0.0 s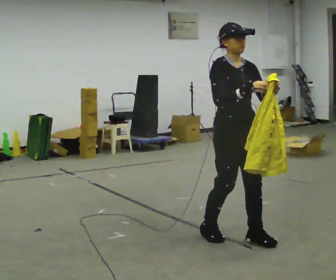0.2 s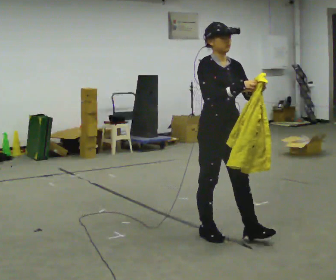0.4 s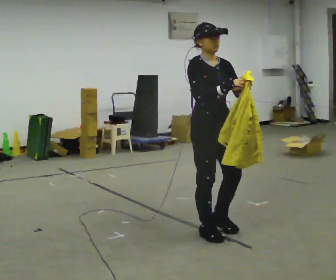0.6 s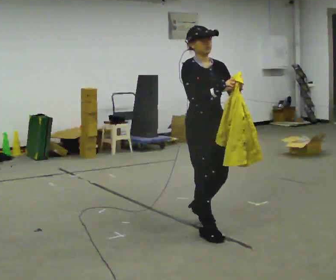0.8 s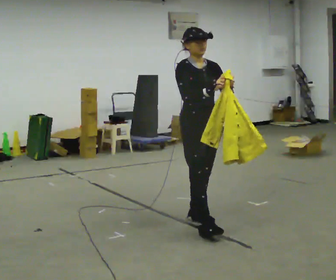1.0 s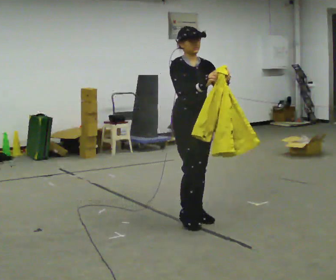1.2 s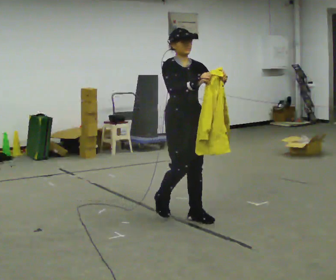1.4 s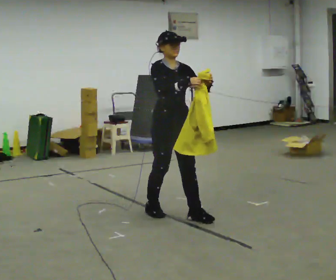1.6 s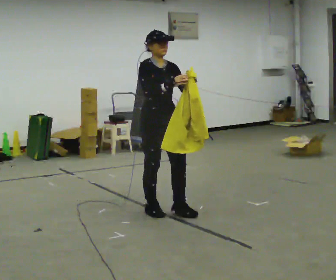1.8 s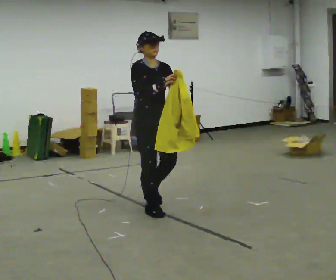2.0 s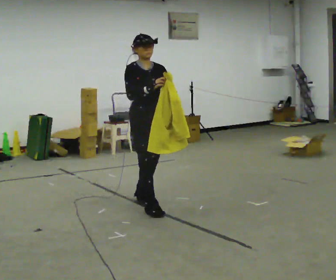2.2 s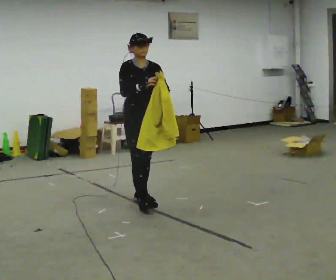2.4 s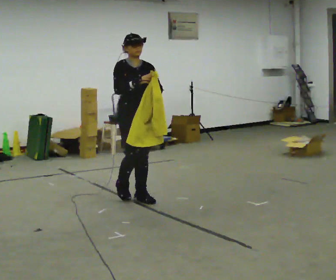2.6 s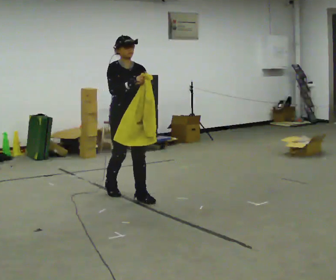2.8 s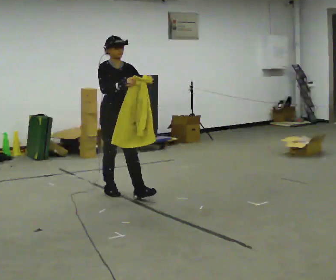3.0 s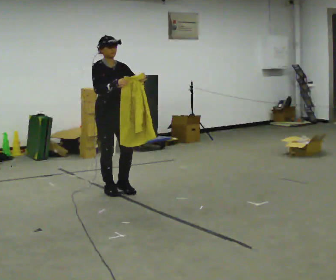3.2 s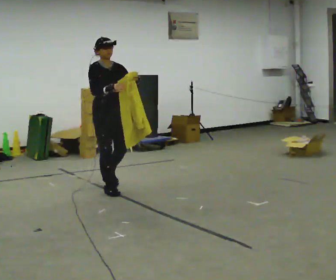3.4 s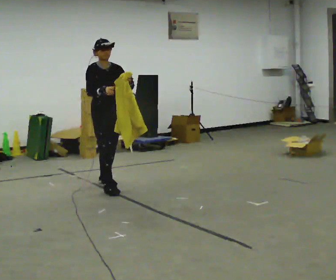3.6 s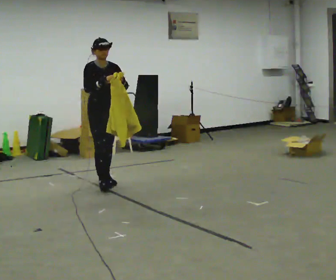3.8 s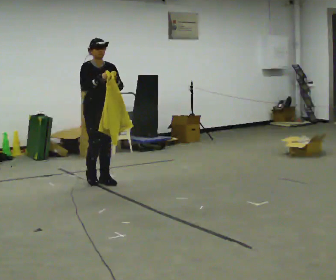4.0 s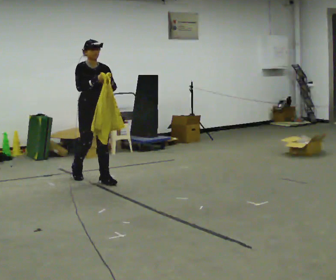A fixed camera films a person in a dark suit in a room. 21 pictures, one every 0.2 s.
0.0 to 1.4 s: In the picture they go away from the camera and to the left, about 1 m in 2 steps, which for them is backward.
1.4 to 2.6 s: In the picture they go away from the camera and to the left, about 1 m in 2 steps, which for them is backward.
2.6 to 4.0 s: In the picture they go away from the camera and to the left, about 1 m in 2 steps, which for them is backward.
The film runs backward here.
